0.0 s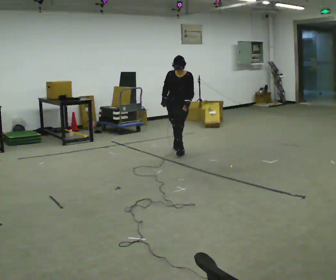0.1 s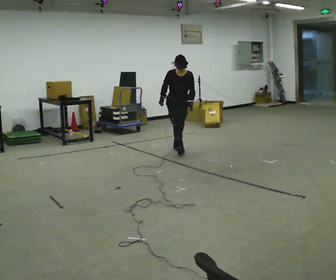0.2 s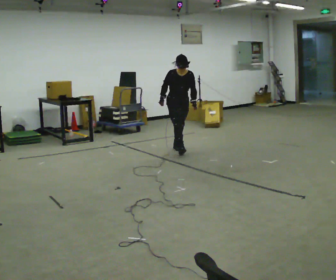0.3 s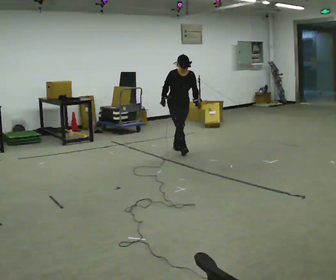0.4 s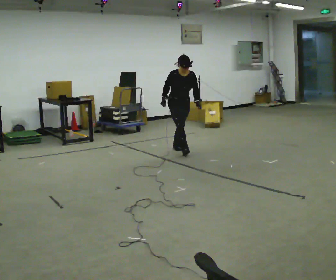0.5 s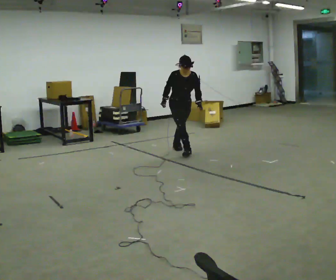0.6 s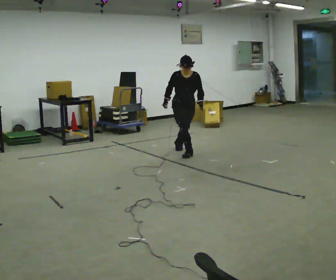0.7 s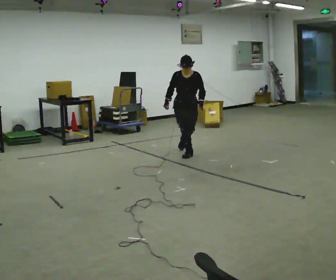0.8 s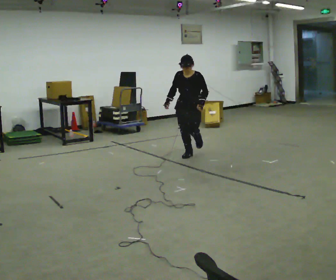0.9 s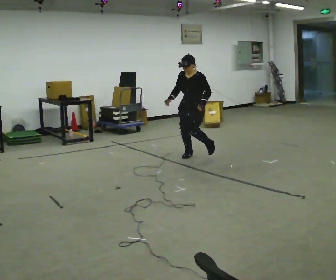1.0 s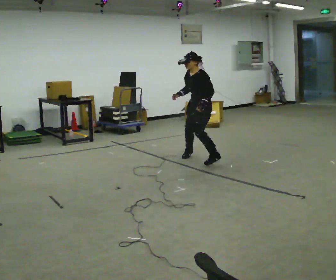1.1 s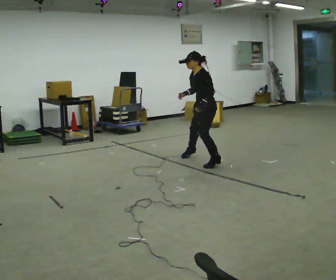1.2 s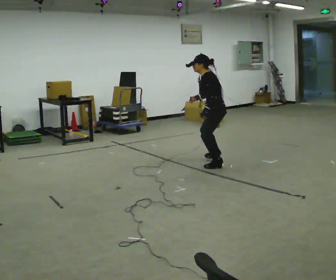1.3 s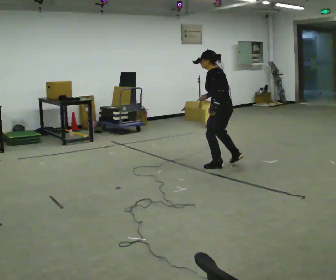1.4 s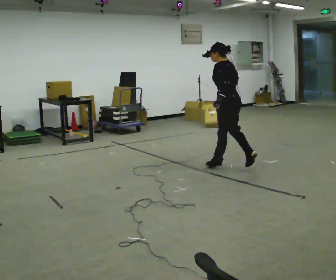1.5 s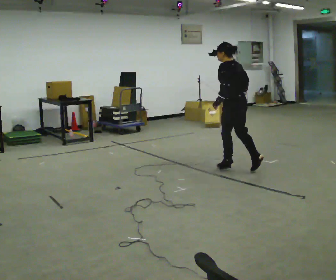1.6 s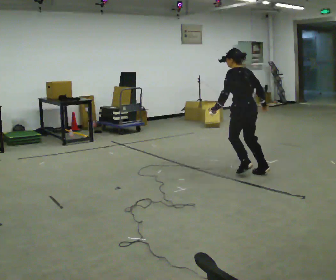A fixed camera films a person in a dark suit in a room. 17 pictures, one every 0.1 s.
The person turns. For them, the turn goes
to their right.
The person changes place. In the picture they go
toward the camera.
0.0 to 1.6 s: The part of the body nearest the lens slides to the left as the person turns to their right by about 150 degrees. In the picture they go toward the camera and to the right, about 1.5 m in 2 steps. The upper body tips away from the camera, its near side rolling upward.
The film runs forward here.
